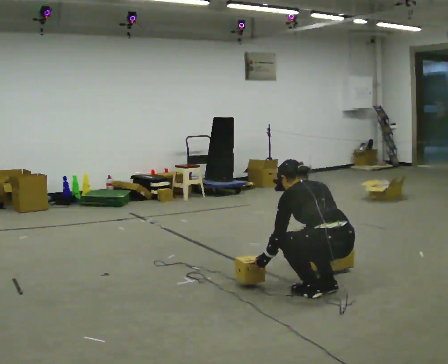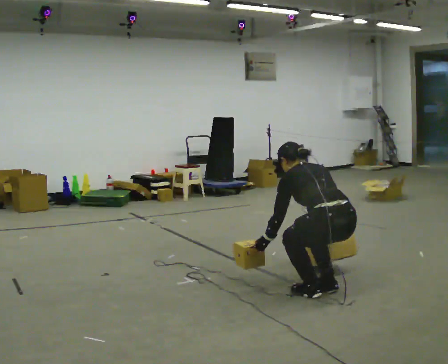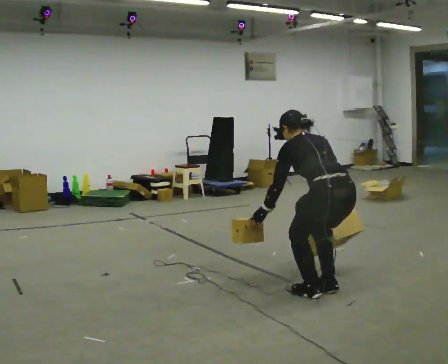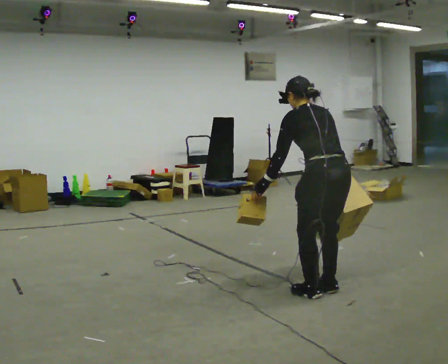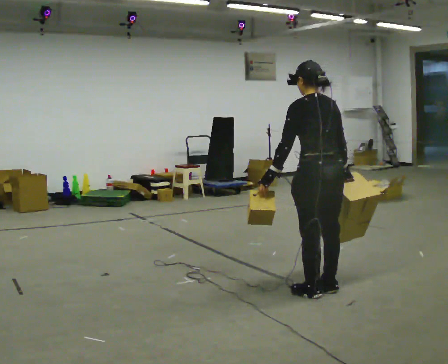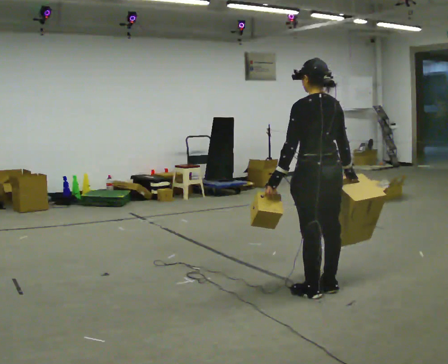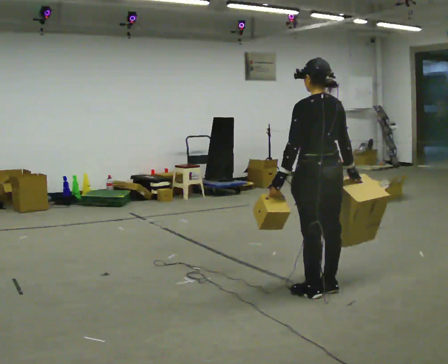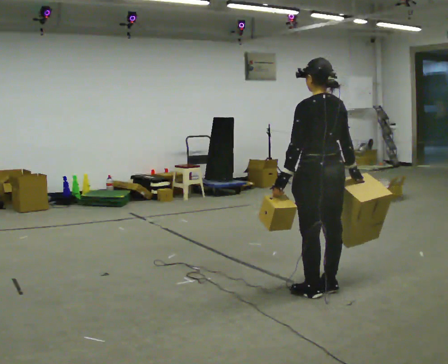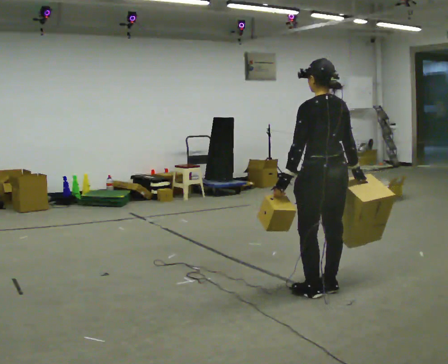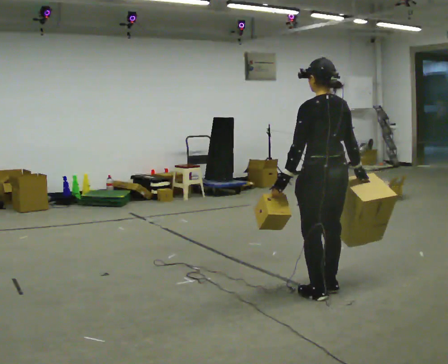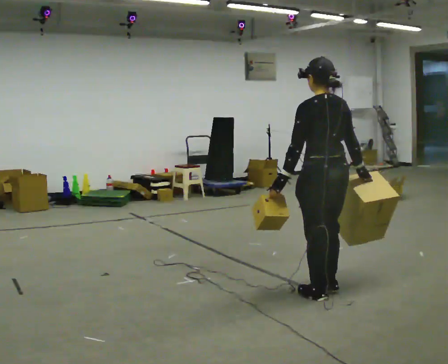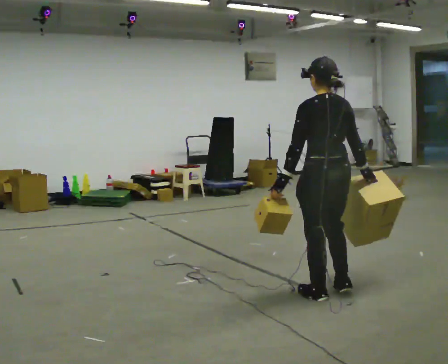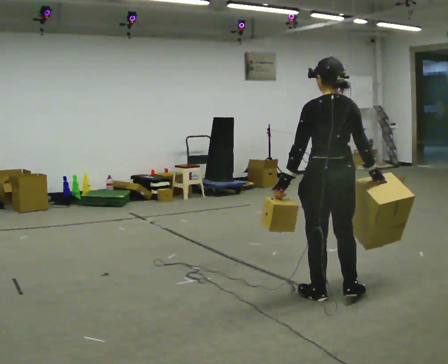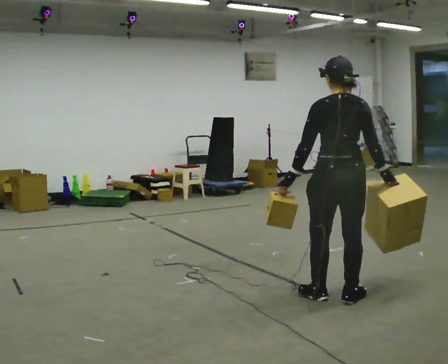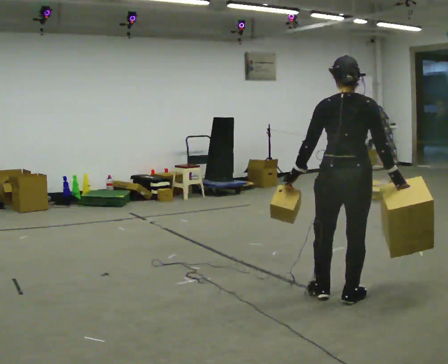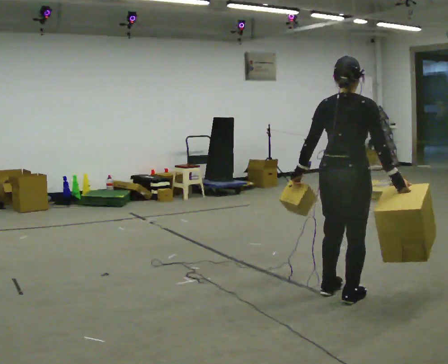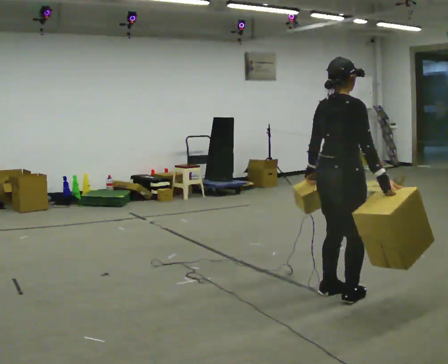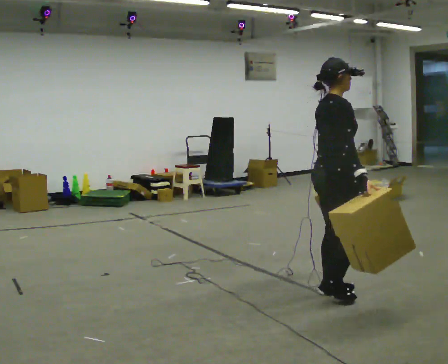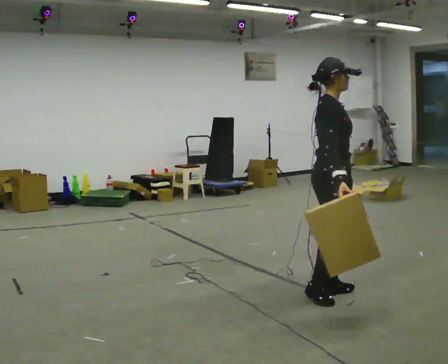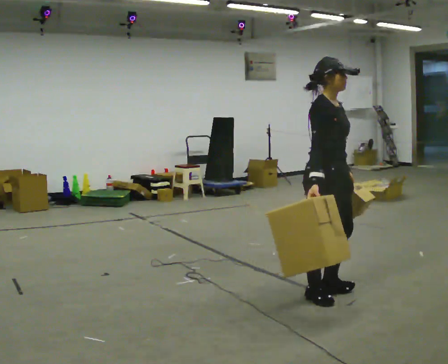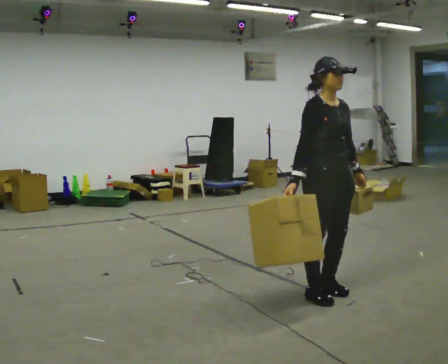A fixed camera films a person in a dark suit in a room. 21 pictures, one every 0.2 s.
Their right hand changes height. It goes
upward.
The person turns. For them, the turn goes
to their right.
0.0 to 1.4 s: The shoulders move upward. The upper body tips toward the camera, its near side rolling downward, as they lean back or straighten. In the picture their right hand goes upward.
1.4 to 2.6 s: The person moves a little, or ends about where they began.
2.6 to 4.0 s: The person turns about 150 degrees to their right, clockwise seen from above, so the part of the body nearest the lens slides to the left. In the picture their right hand goes to the left, the arm swinging clockwise.
The film runs backward here.
